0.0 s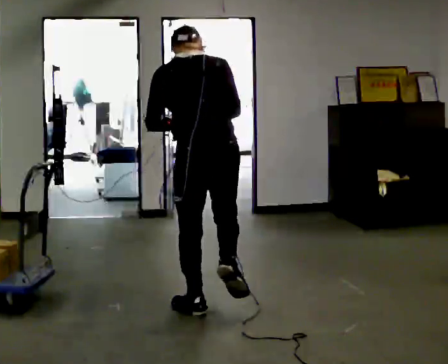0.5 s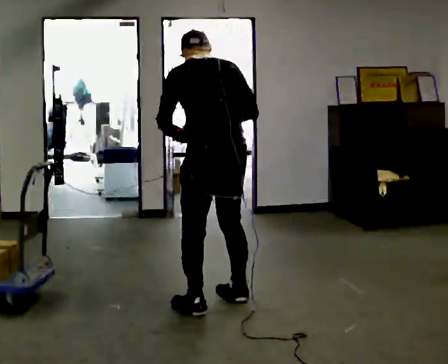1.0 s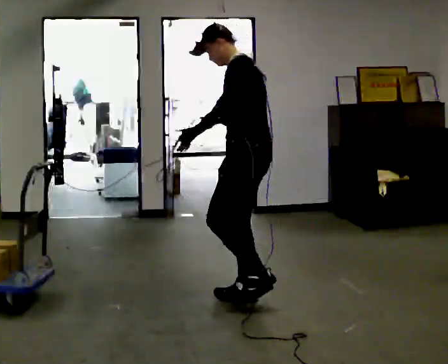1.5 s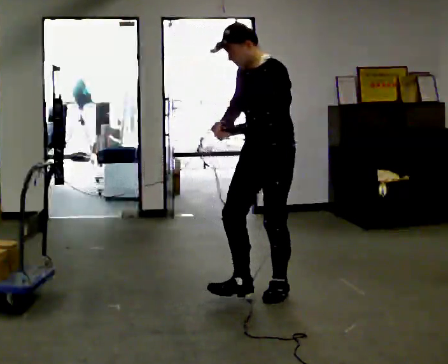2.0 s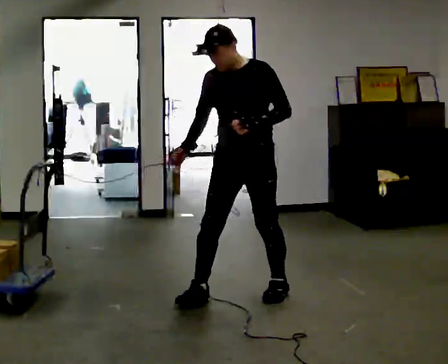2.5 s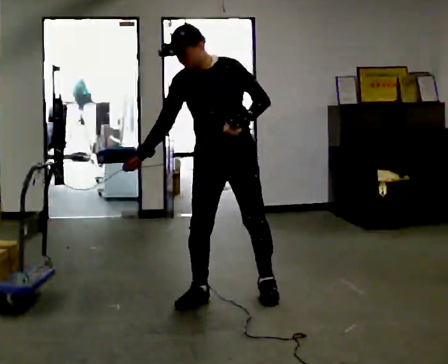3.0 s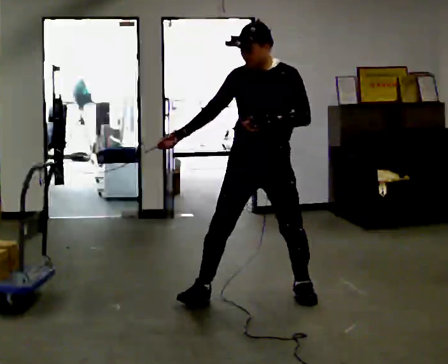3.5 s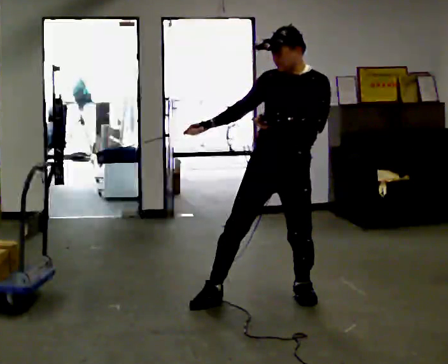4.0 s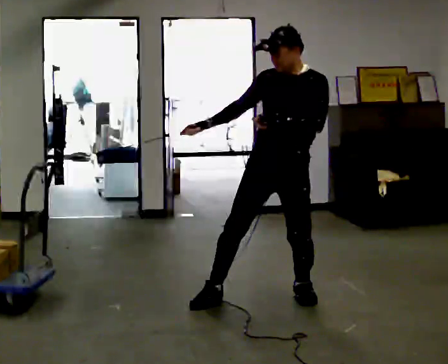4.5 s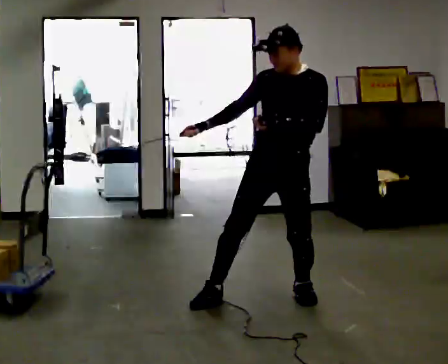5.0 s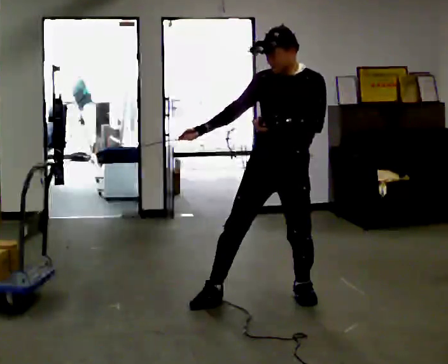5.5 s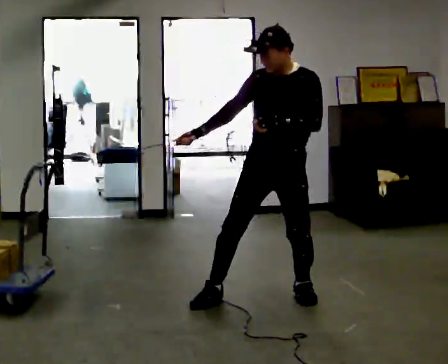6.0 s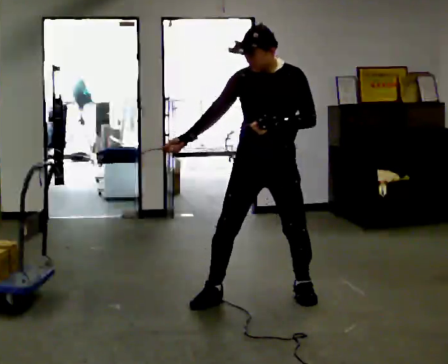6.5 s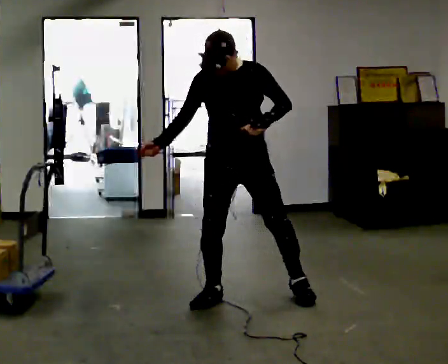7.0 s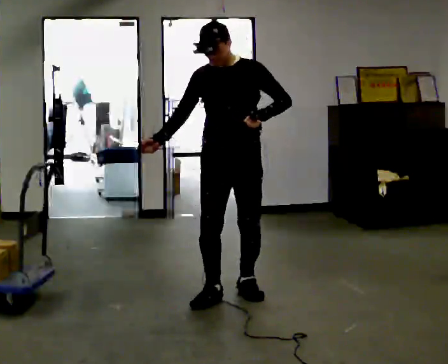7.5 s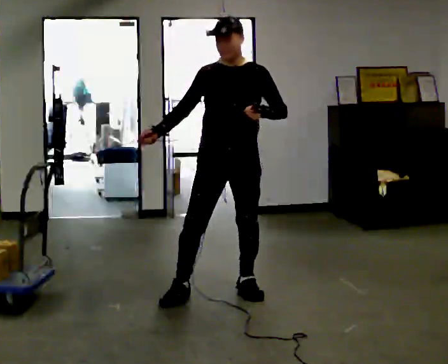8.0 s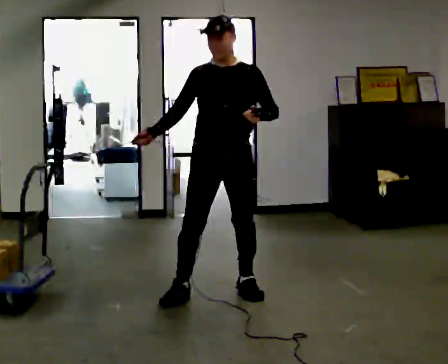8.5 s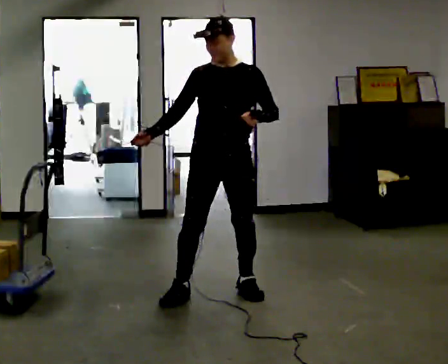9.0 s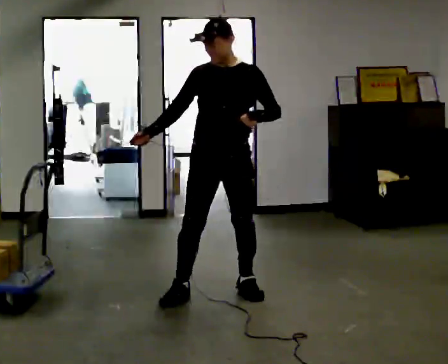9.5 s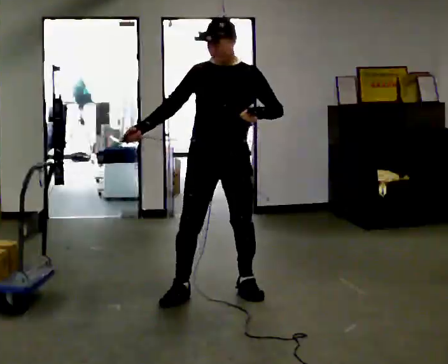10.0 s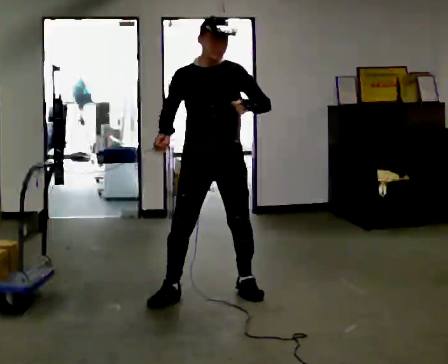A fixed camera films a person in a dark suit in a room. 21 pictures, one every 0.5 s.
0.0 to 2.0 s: Seen from above the body turns counterclockwise, about 150 degrees: to their left, with its near side sliding to the right. In the picture they go away from the camera and to the right, about 0.5 m in 2 steps.
2.0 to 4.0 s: In the picture they go to the right, about 0.25 m in 1 step, which for them is to their left.
4.0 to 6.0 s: The person moves a little, or ends about where they began.
6.0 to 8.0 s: In the picture they go to the left, about 0.25 m in 2 steps, which for them is to their right.
8.0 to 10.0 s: The person moves a little, or ends about where they began.
The film runs backward here.
